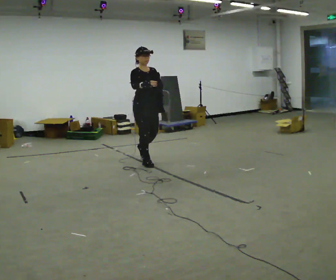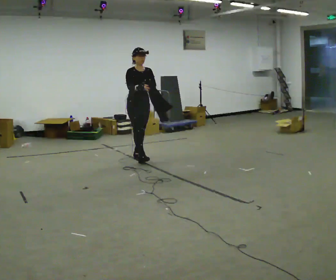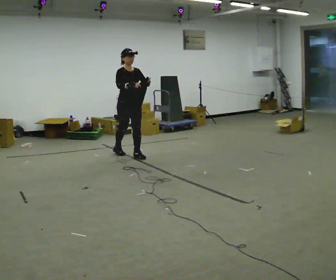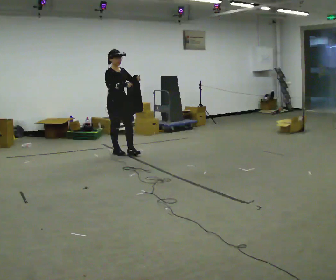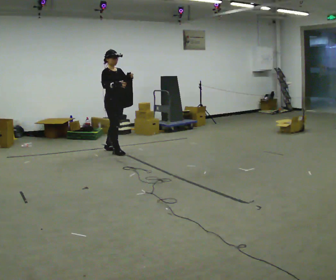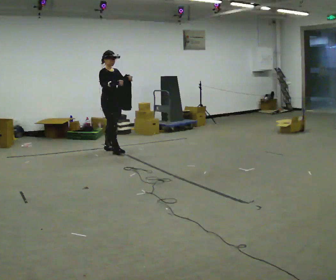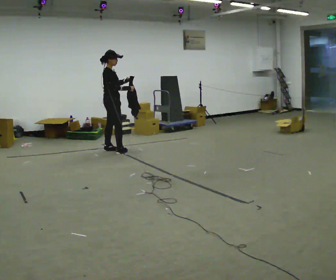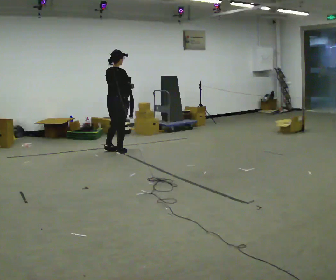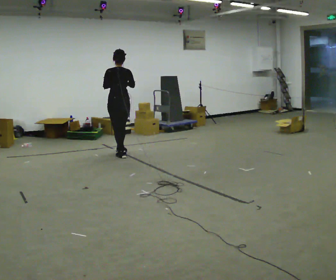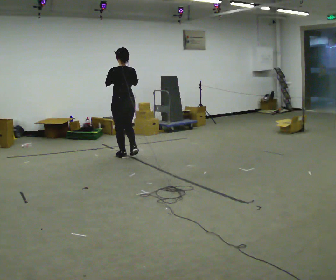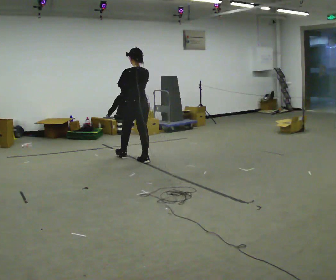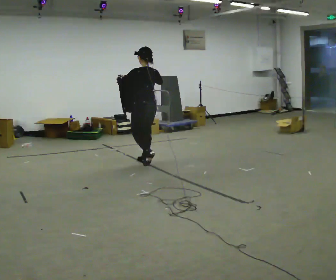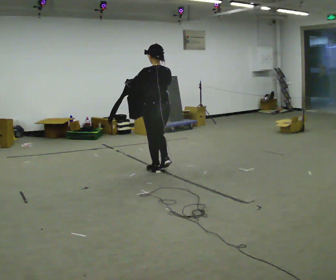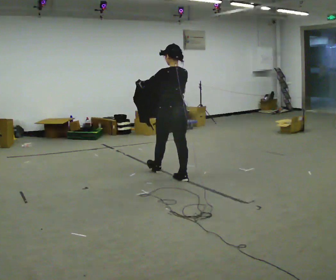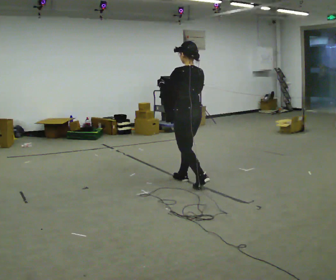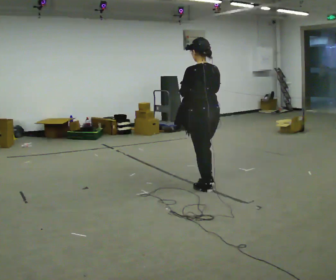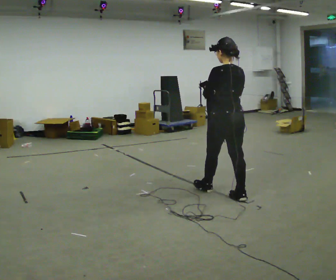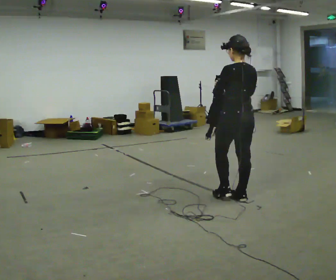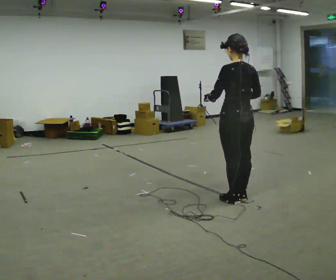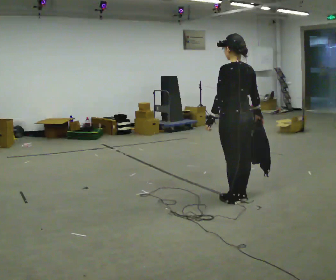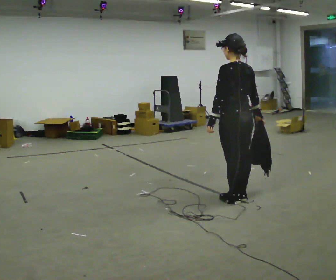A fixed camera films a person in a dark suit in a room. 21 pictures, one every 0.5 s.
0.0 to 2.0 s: The person turns about 30 degrees to their left, counterclockwise seen from above, so the part of the body nearest the lens slides to the right. In the picture they go away from the camera and to the left, about 1 m in 2 steps, which for them is backward.
2.0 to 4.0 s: Seen from above the body turns counterclockwise, about 135 degrees: to their left, with its near side sliding to the right. In the picture they go toward the camera, about 0.25 m in 1 step.
4.0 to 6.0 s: In the picture they go toward the camera and to the right, about 1 m in 3 steps, which for them is backward.
6.0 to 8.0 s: In the picture they go toward the camera and to the right, about 1.5 m in 2 steps, which for them is backward.
8.0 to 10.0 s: In the picture their right hand goes to the right.
The film runs backward here.
